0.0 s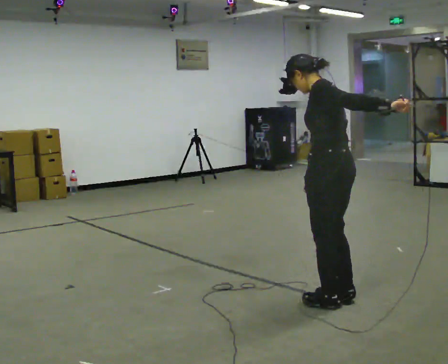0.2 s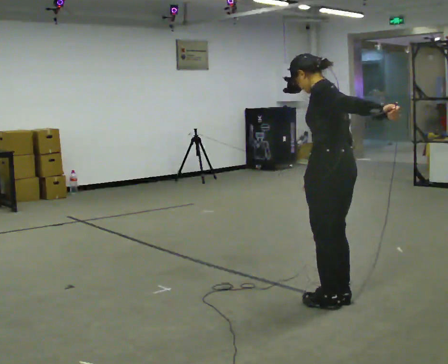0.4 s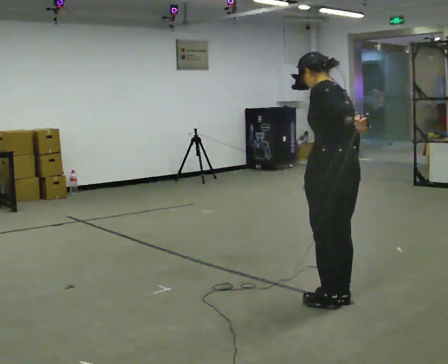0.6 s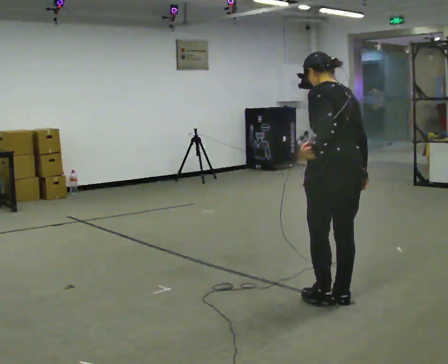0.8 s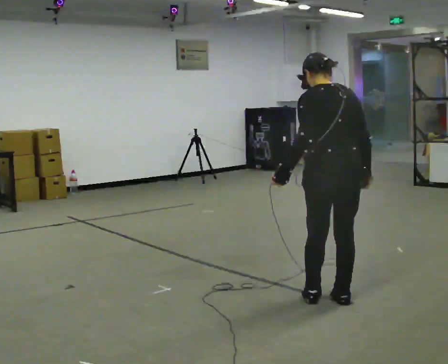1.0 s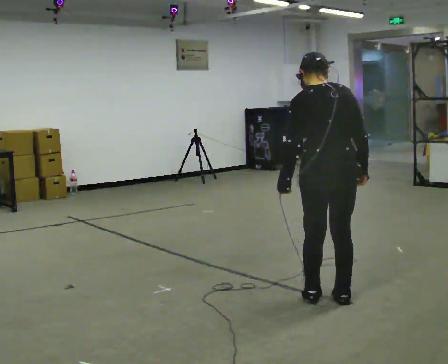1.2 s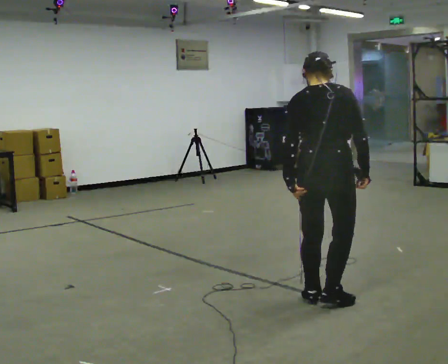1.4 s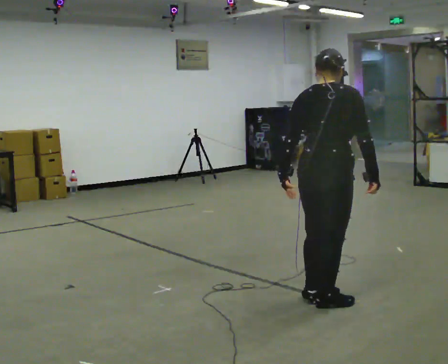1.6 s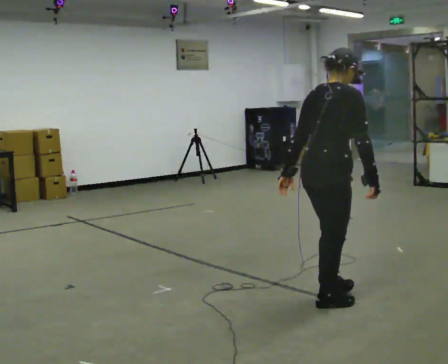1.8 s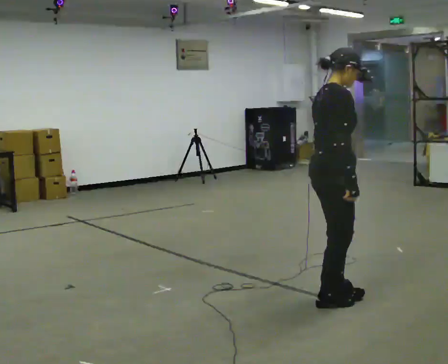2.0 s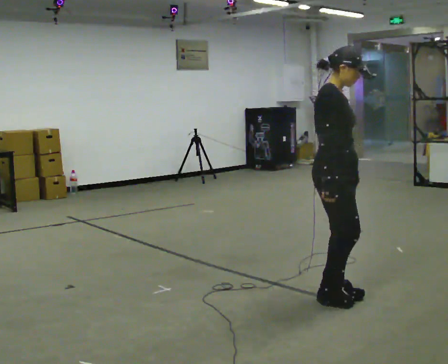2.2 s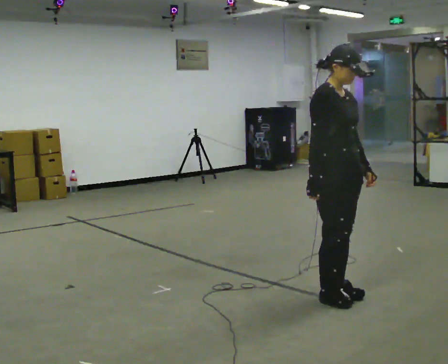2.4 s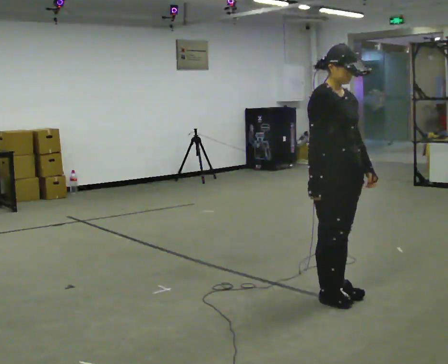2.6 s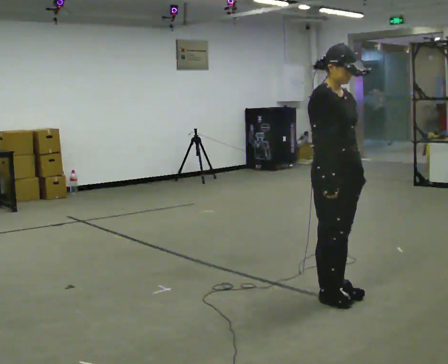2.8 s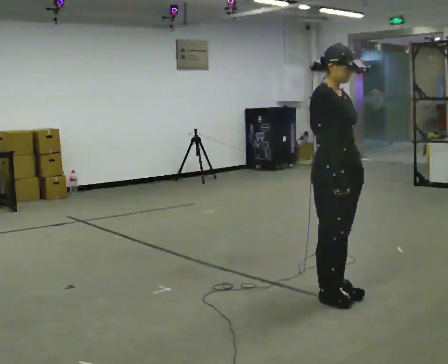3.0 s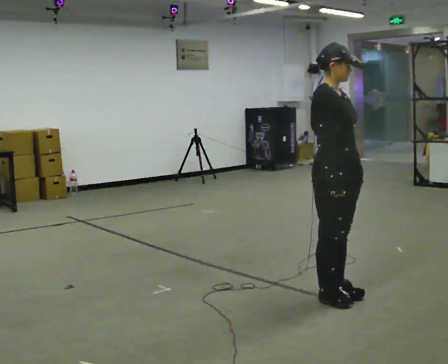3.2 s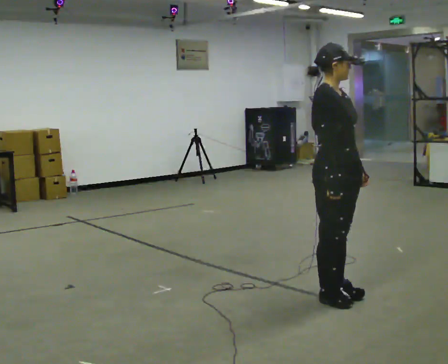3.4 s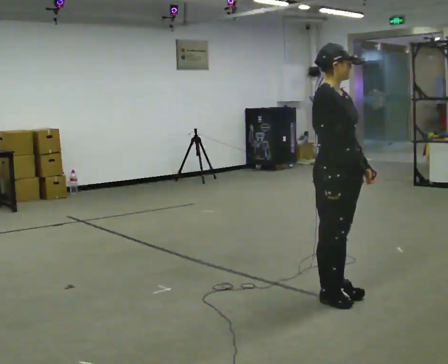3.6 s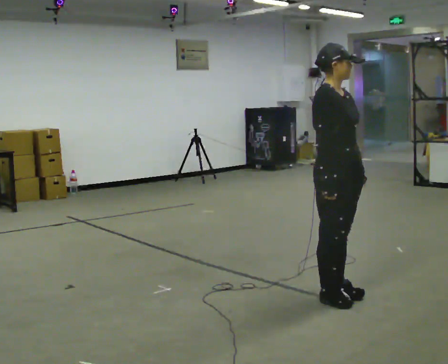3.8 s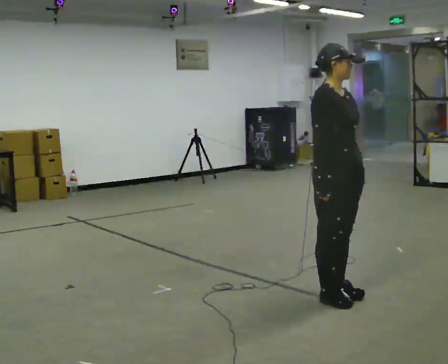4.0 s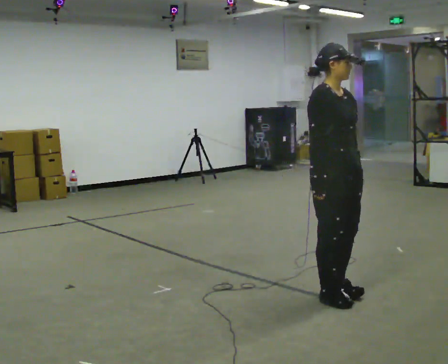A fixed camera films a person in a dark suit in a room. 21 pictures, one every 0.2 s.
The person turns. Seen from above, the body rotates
clockwise.
The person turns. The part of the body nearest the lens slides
to the left.
0.0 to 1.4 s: The person turns about 105 degrees to their right, clockwise seen from above, so the part of the body nearest the lens slides to the left. In the picture their left hand goes to the left and downward.
1.4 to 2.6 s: The part of the body nearest the lens slides to the left as the person turns to their right by about 90 degrees. In the picture their left hand goes to the right, the arm swinging counterclockwise.
2.6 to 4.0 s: The person moves a little, or ends about where they began.
The film runs backward here.
